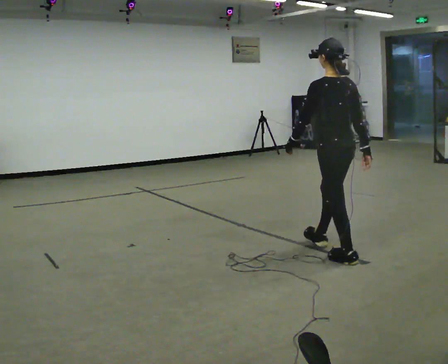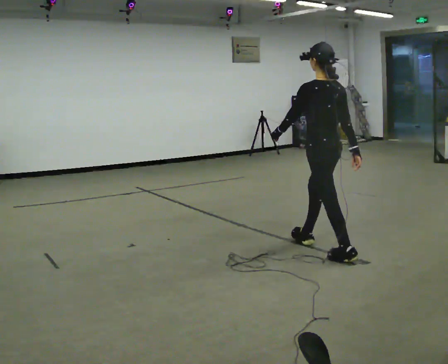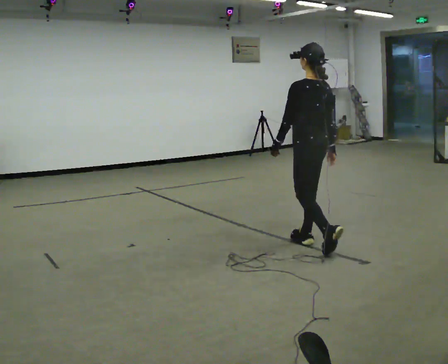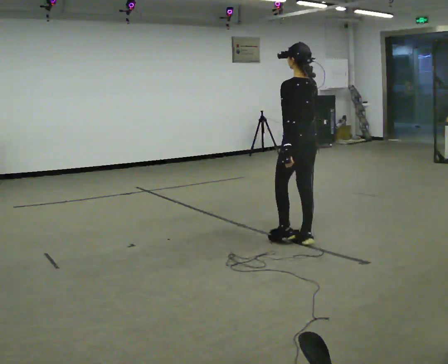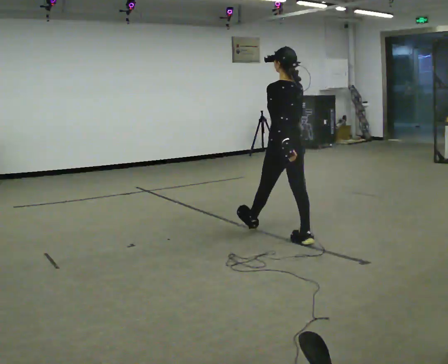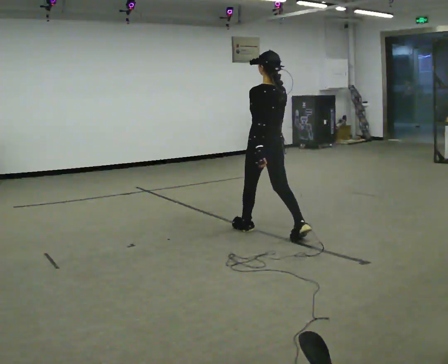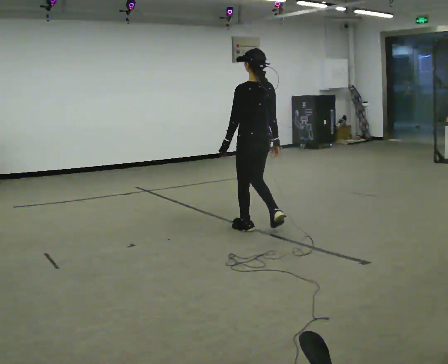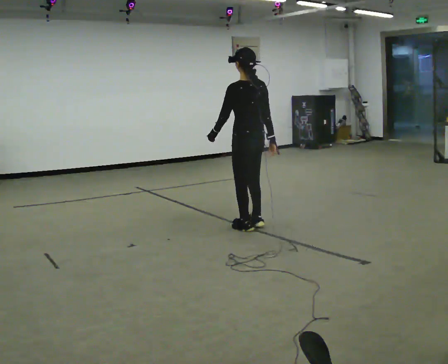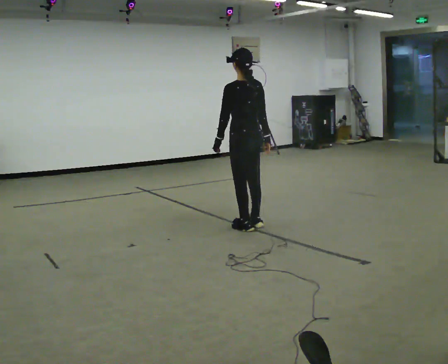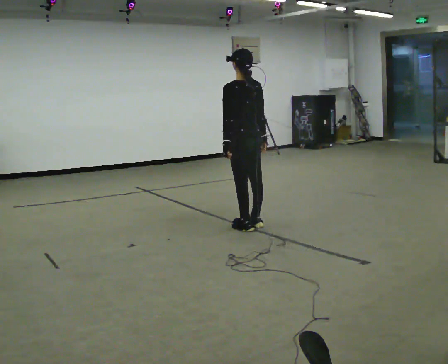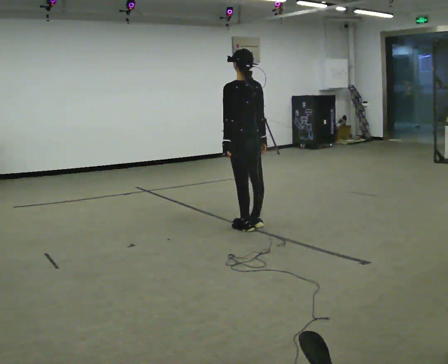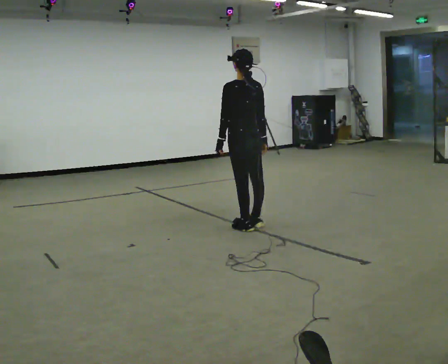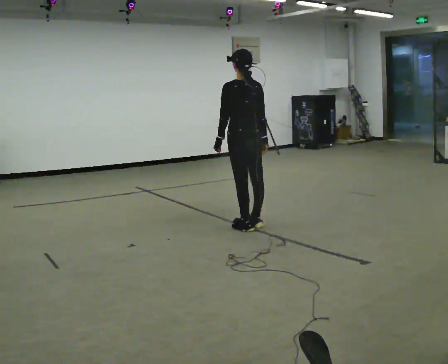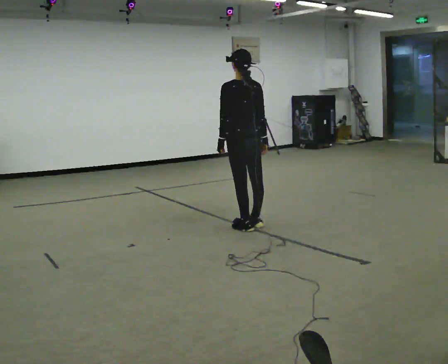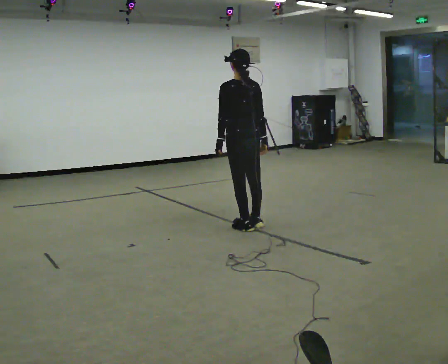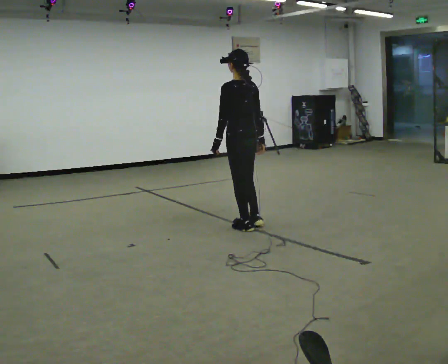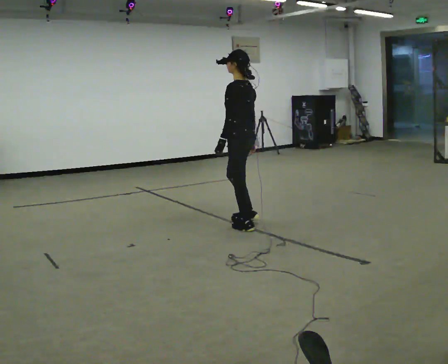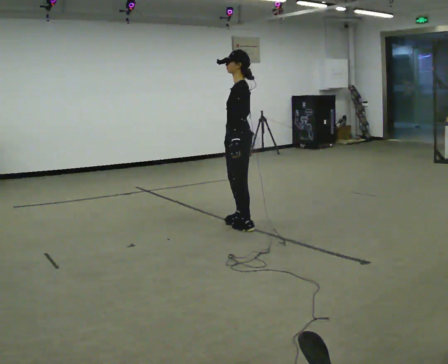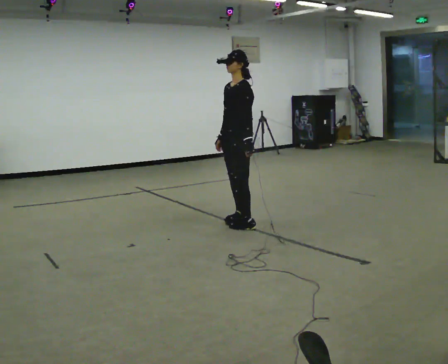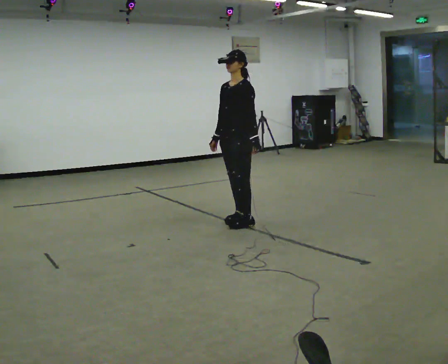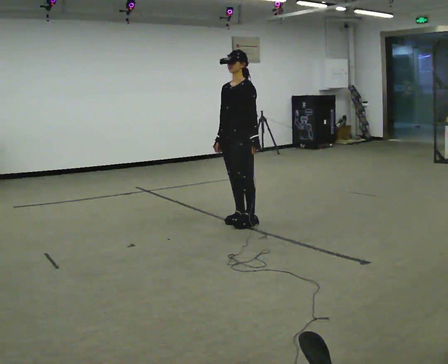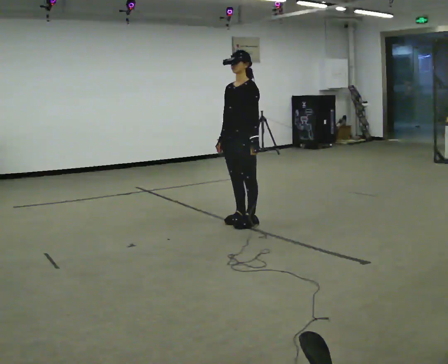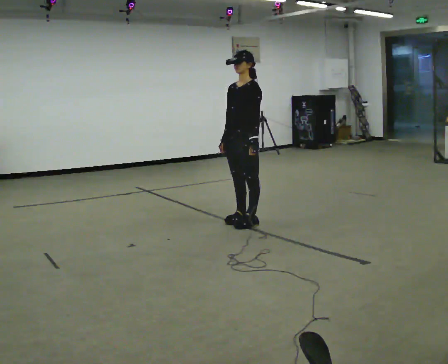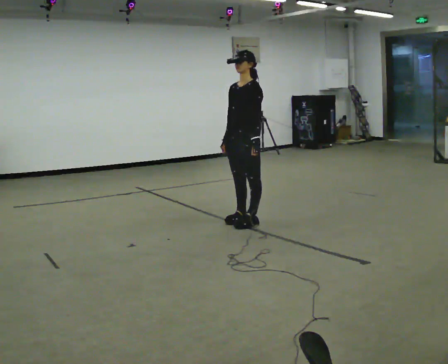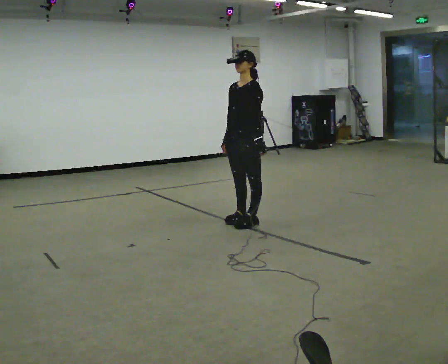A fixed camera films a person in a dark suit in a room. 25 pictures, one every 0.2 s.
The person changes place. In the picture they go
away from the camera.
0.0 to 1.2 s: In the picture they go away from the camera and to the left, about 1 m in 2 steps, which for them is forward.
1.2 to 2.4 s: The person moves a little, or ends about where they began.
2.4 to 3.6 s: The person turns about 90 degrees to their left, counterclockwise seen from above, so the part of the body nearest the lens slides to the right. In the picture their right hand goes to the left.
3.6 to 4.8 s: The person moves a little, or ends about where they began.
The film runs forward here.
